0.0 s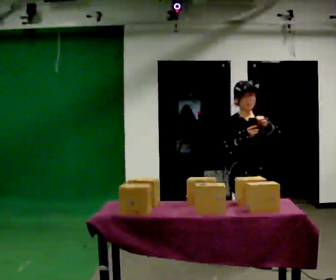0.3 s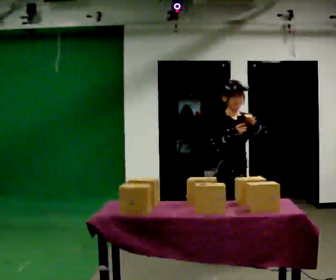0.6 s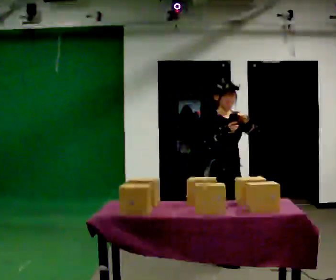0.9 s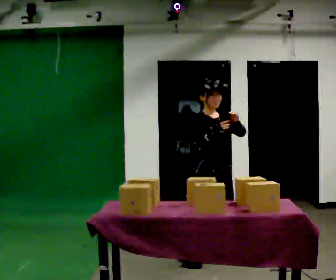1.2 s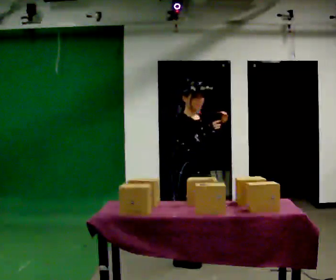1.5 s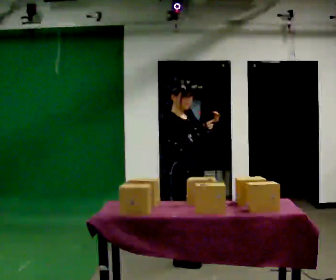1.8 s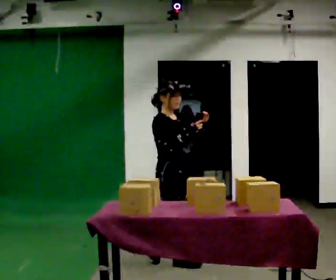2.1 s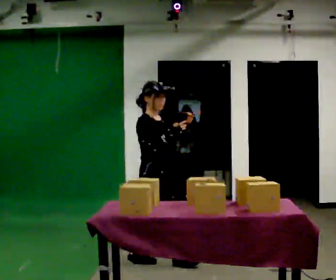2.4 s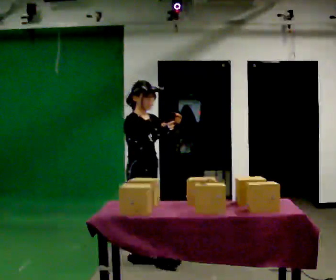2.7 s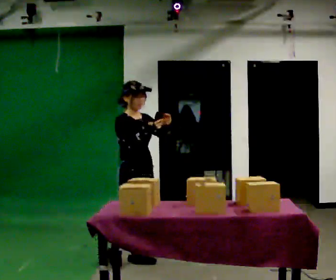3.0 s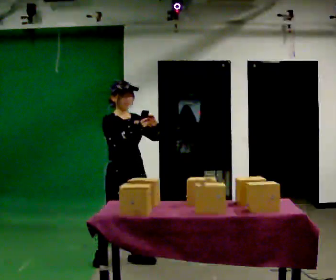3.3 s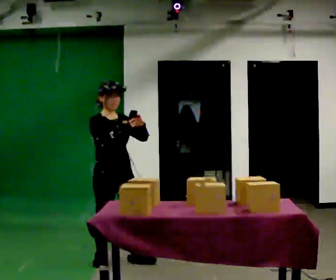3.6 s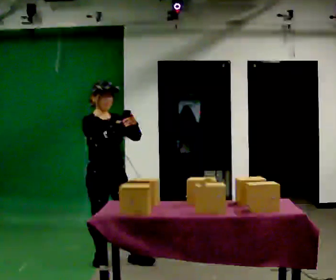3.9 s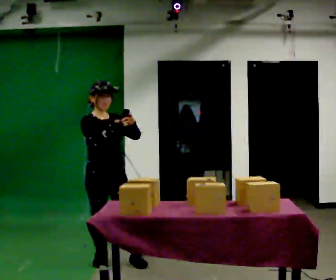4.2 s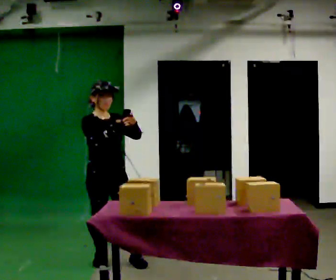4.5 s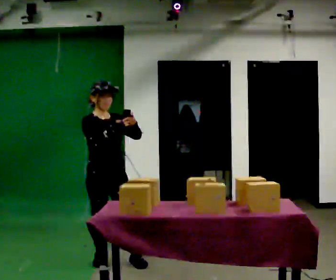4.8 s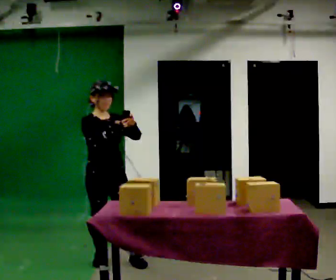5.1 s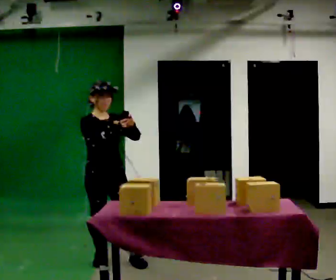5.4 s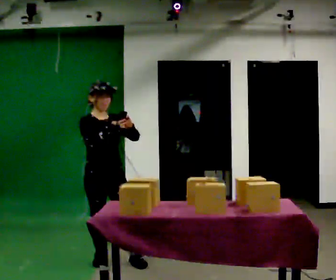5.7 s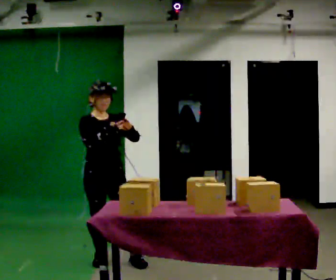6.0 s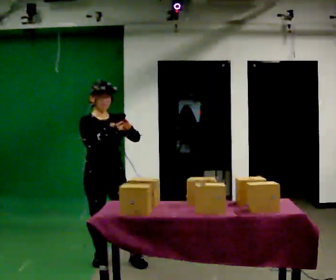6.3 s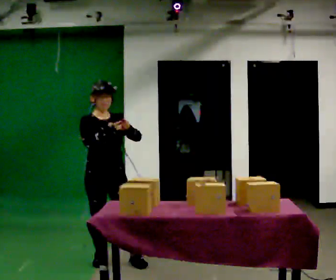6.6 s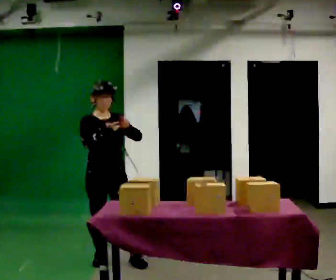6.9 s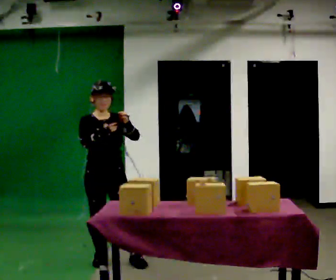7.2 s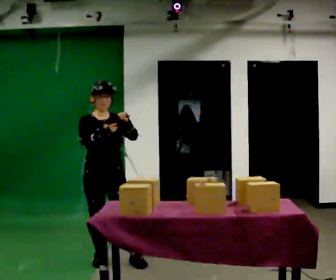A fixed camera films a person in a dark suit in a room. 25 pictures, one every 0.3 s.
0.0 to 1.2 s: In the picture they go to the left, about 0.5 m in 1 step, which for them is to their right and backward.
1.2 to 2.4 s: In the picture they go to the left, about 0.5 m in 2 steps, which for them is backward.
2.4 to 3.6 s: Seen from above the body turns clockwise, about 45 degrees: to their right, with its near side sliding to the left. In the picture they go to the left, about 0.25 m, which for them is to their right and backward.
3.6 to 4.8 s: The person keeps their place and pose.
4.8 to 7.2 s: The person moves a little, or ends about where they began.
The film runs backward here.
